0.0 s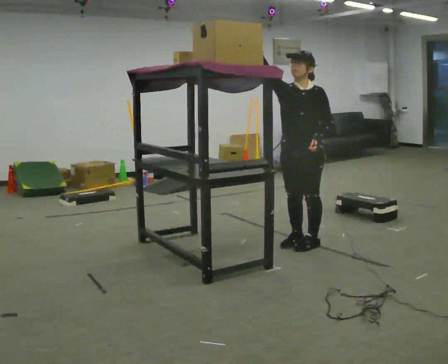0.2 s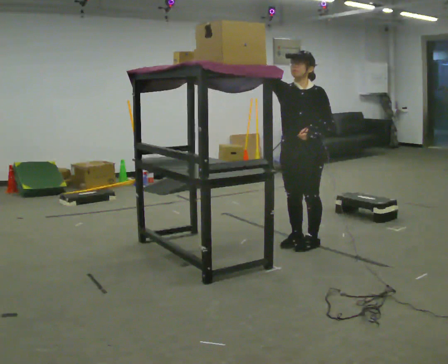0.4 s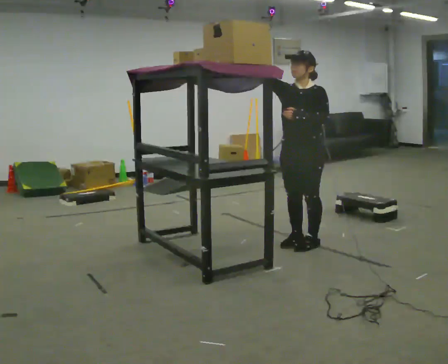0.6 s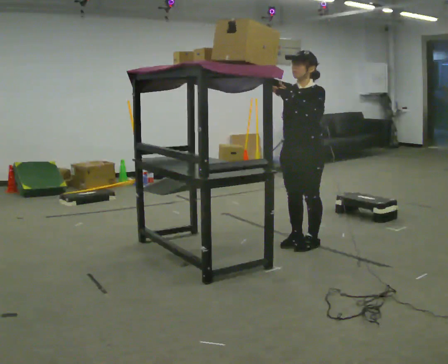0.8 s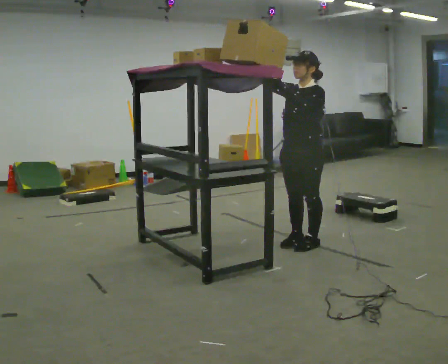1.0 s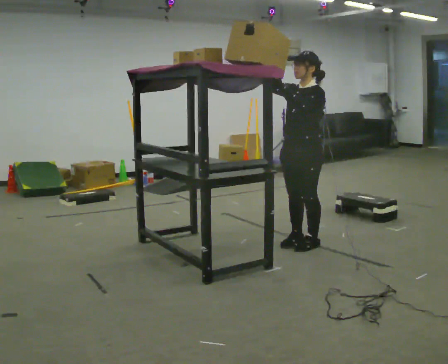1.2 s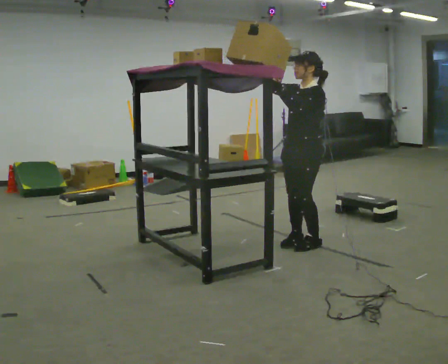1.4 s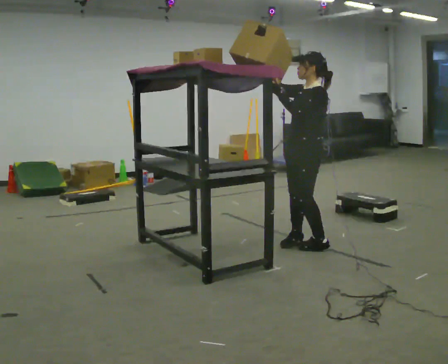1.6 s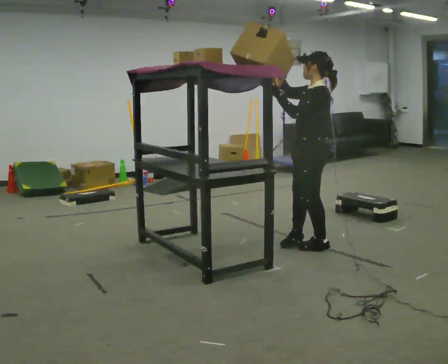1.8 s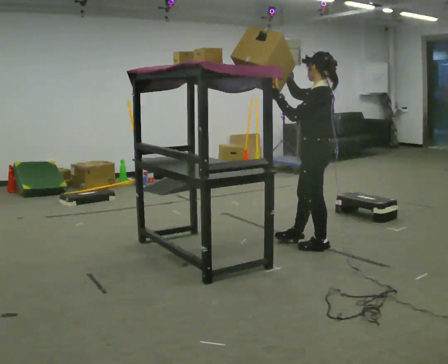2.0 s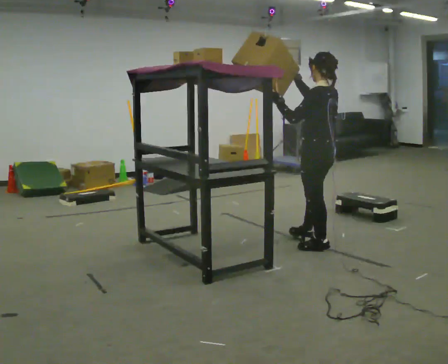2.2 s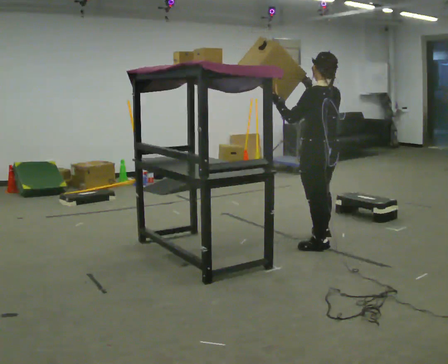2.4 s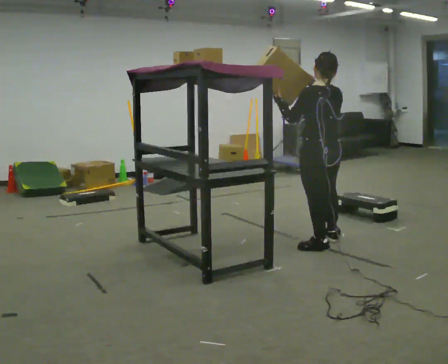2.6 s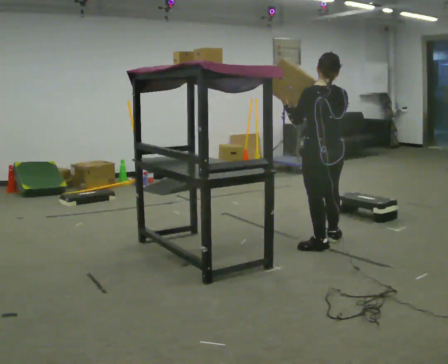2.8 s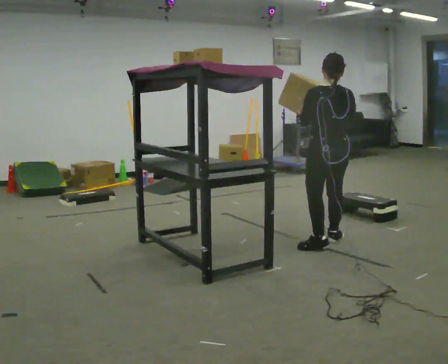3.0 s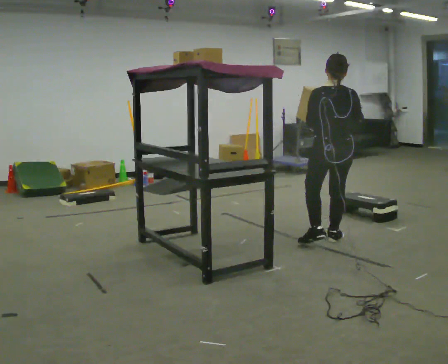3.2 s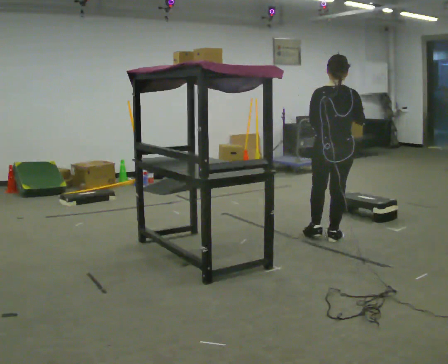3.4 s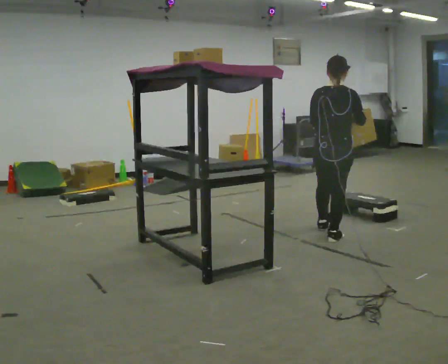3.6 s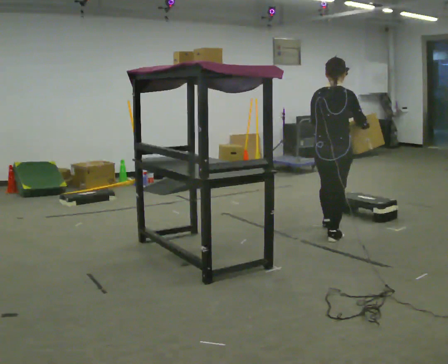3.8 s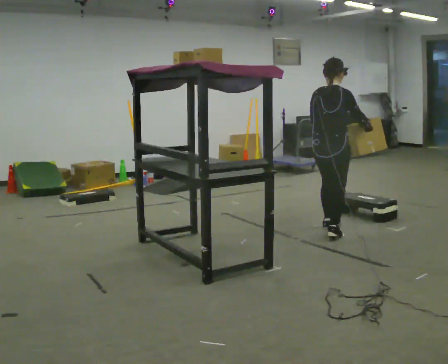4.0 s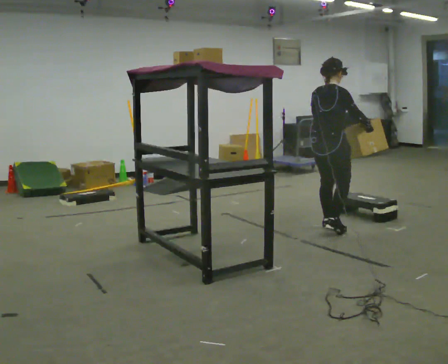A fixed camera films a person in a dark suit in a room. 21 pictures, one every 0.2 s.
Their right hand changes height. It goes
downward.
The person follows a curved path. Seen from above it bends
counterclockwise.
0.0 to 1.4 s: Seen from above the body turns clockwise, about 60 degrees: to their right, with its near side sliding to the left. In the picture their left hand goes upward and to the left.
1.4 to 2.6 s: The part of the body nearest the lens slides to the left as the person turns to their right by about 90 degrees.
2.6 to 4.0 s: Seen from above the body turns clockwise, about 60 degrees: to their right, with its near side sliding to the left. In the picture they go away from the camera, about 0.5 m in 1 step.
The film runs forward here.
